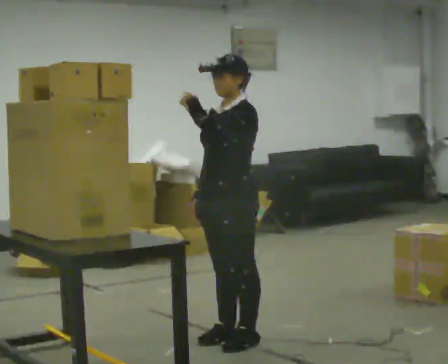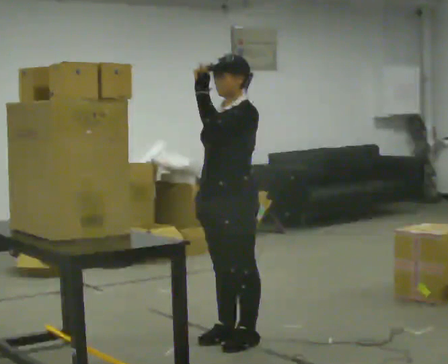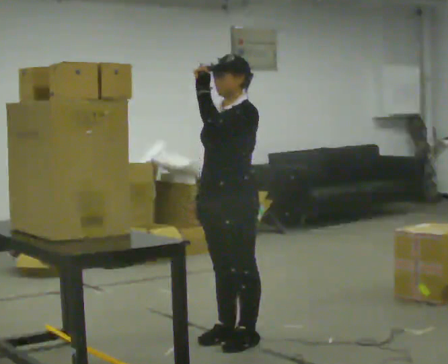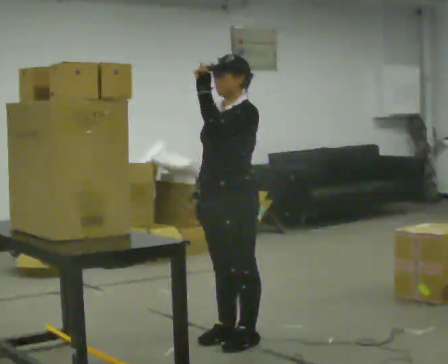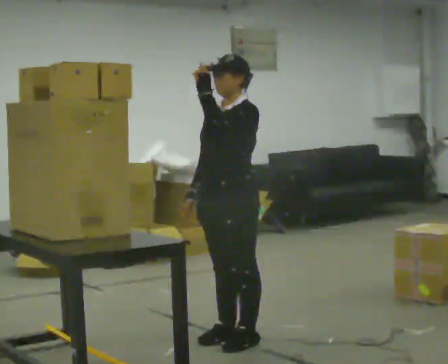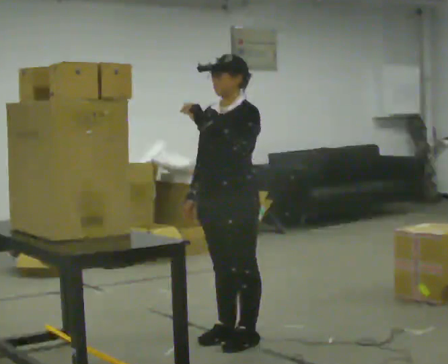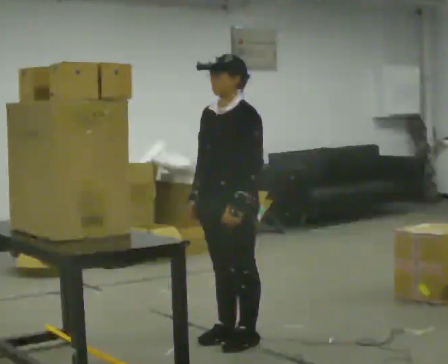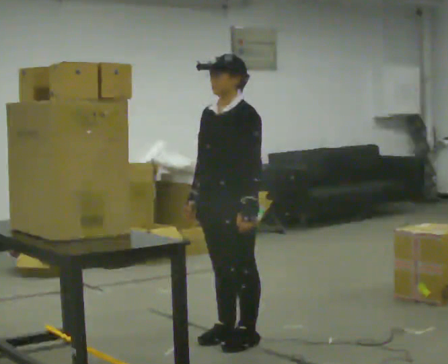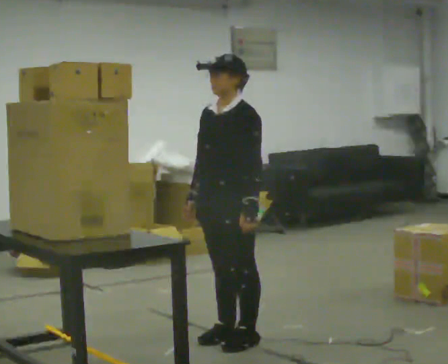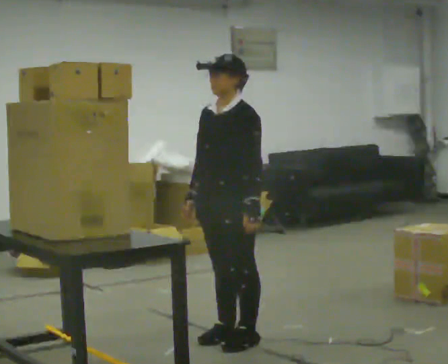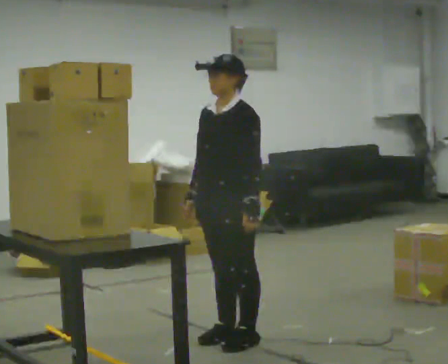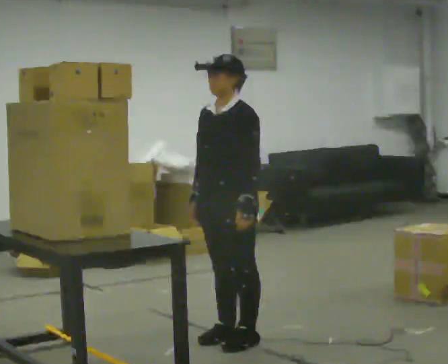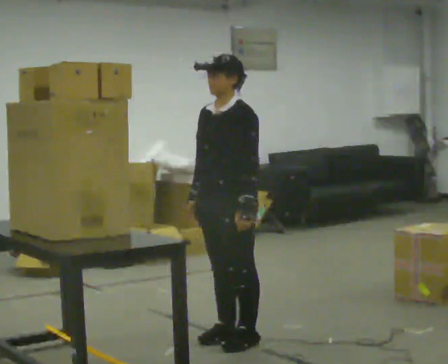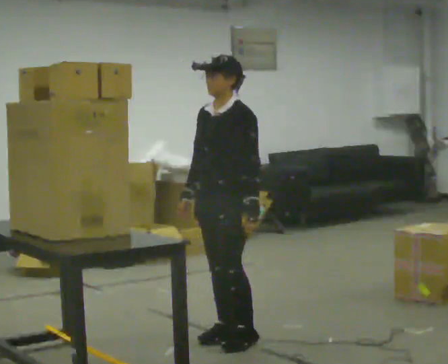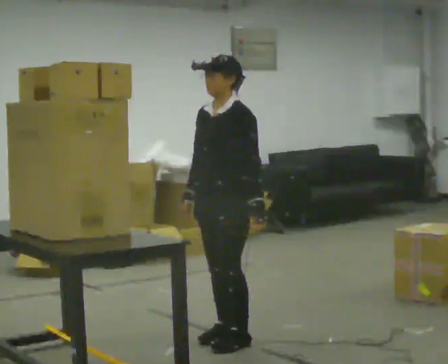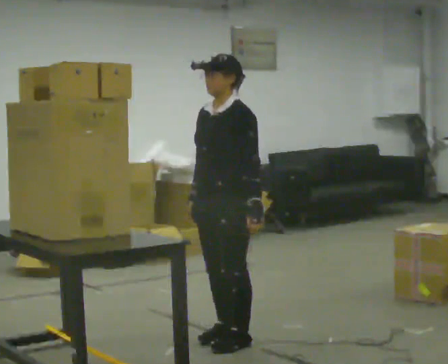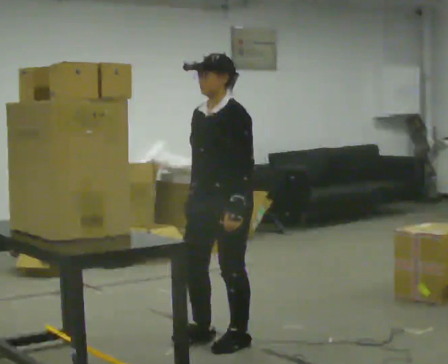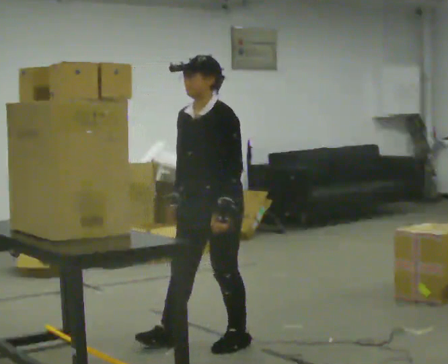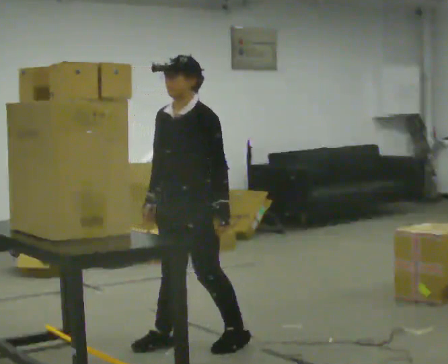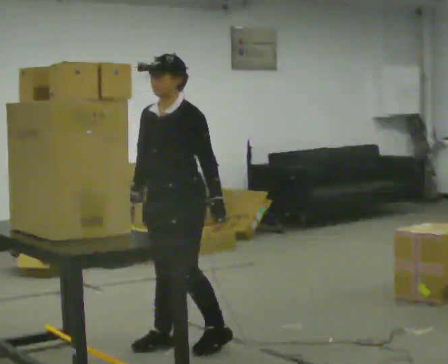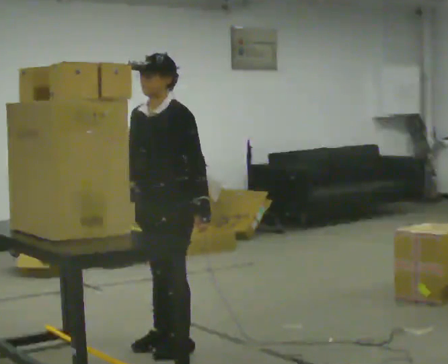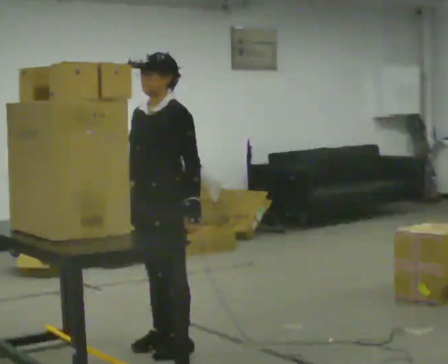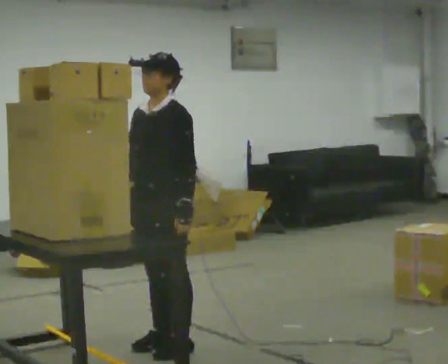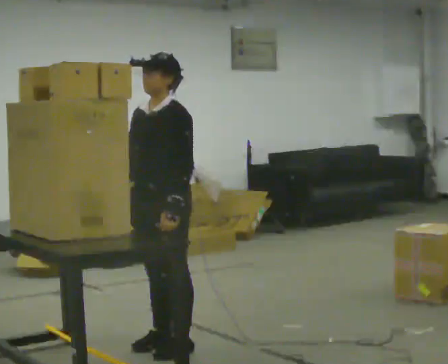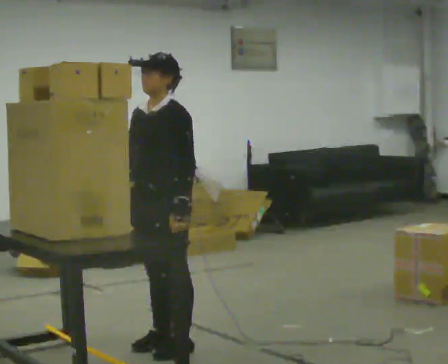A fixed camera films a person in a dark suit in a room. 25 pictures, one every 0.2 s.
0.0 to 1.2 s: In the picture their left hand goes downward.
1.2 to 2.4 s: The person moves a little, or ends about where they began.
2.4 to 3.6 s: In the picture they go to the left, about 0.25 m in 1 step, which for them is forward.
3.6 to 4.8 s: In the picture they go to the left, about 0.25 m in 1 step, which for them is forward.
The film runs backward here.
